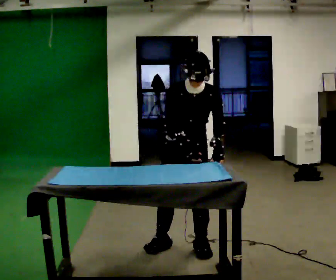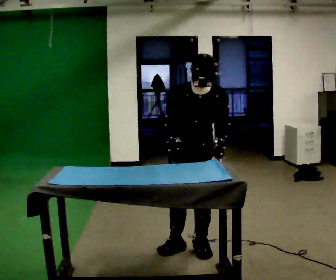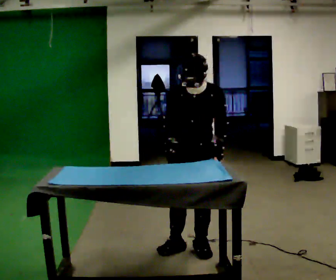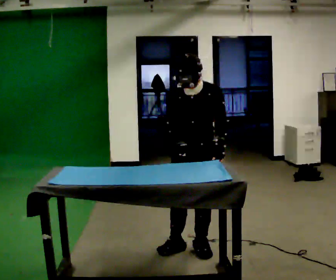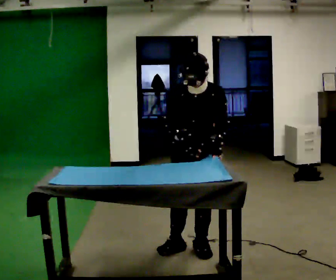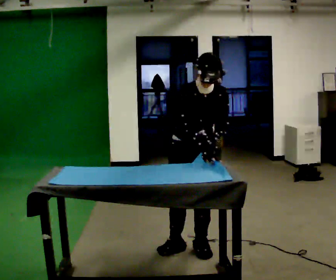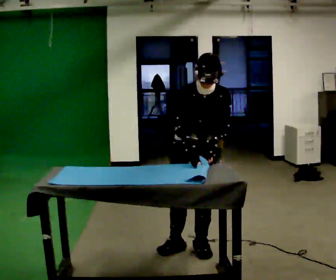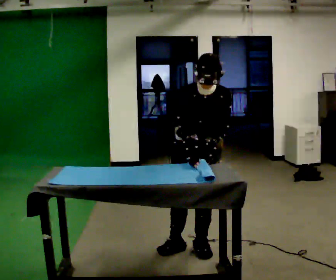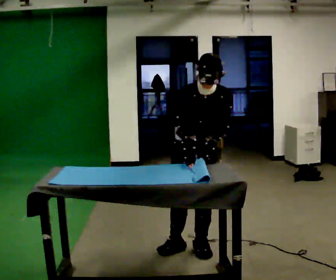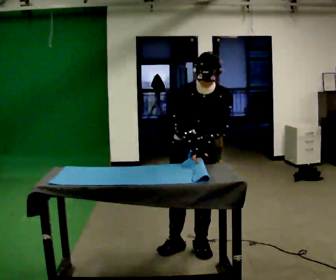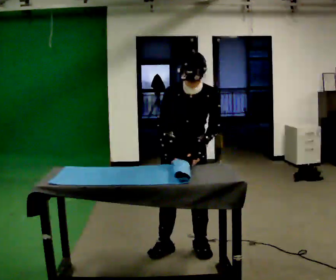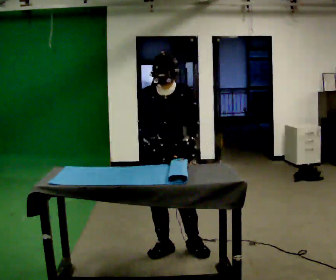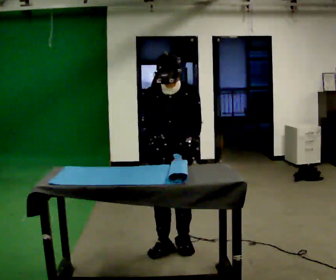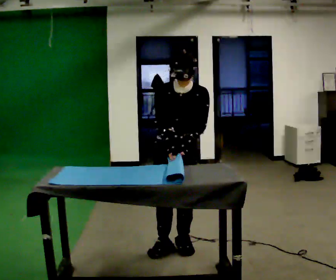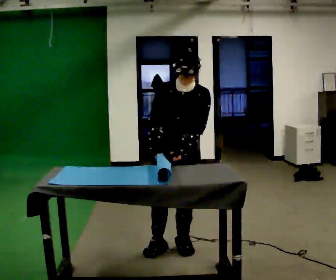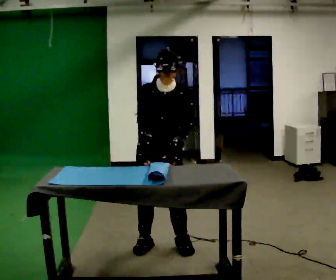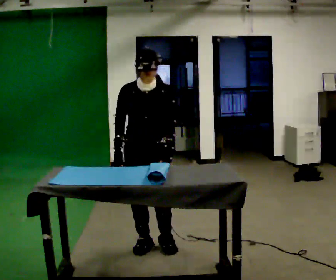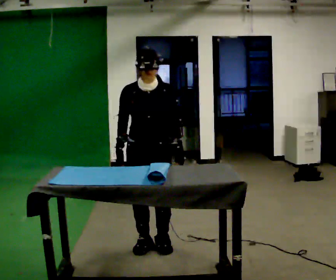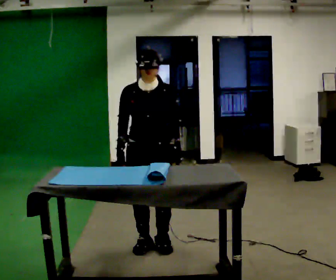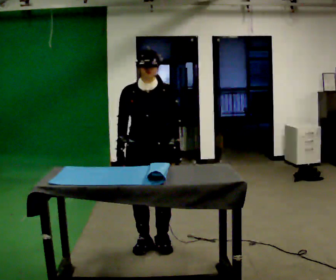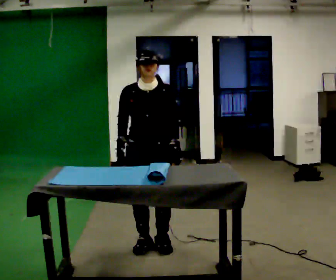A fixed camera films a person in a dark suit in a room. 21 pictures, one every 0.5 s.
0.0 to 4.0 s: The person moves a little, or ends about where they began.
4.0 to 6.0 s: In the picture they go to the left, about 0.25 m, which for them is to their right.
6.0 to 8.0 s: In the picture they go to the left, about 0.25 m in 1 step, which for them is to their right. In the picture their right hand goes to the left.
8.0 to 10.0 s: The person moves a little, or ends about where they began.
The film runs forward here.
